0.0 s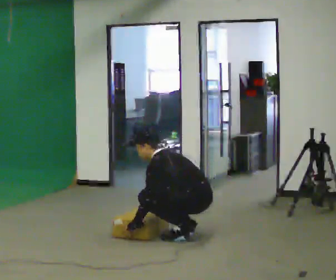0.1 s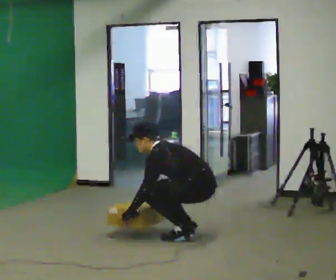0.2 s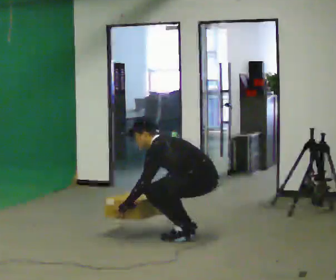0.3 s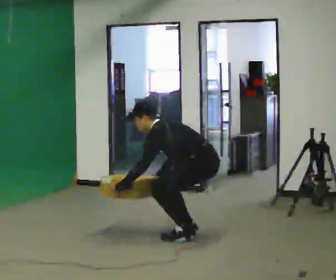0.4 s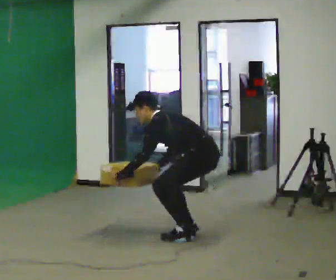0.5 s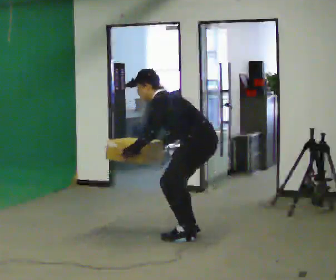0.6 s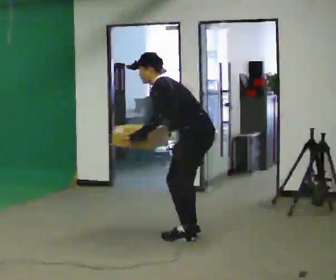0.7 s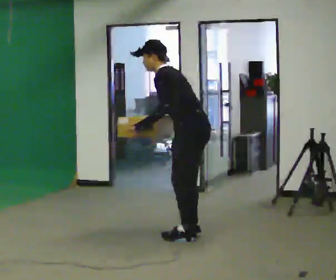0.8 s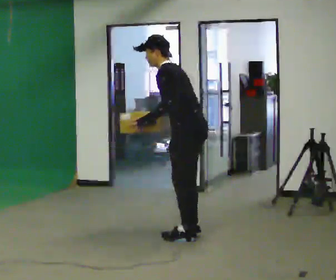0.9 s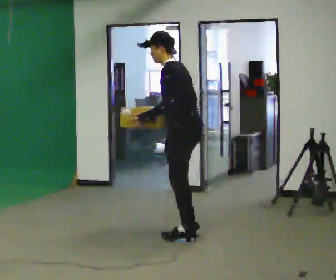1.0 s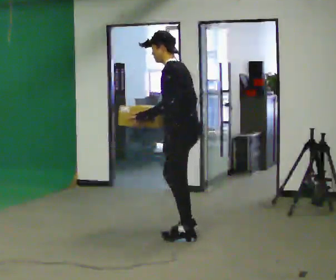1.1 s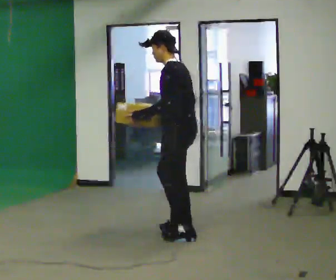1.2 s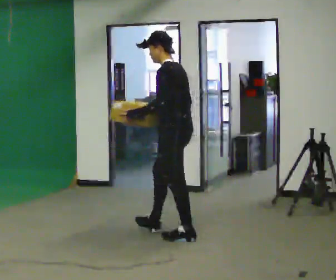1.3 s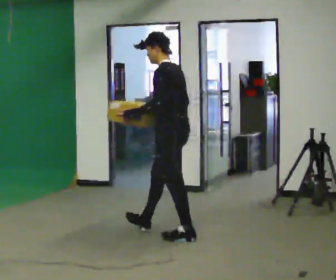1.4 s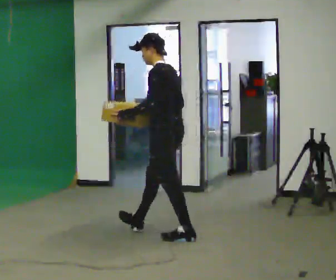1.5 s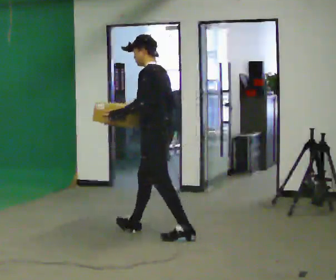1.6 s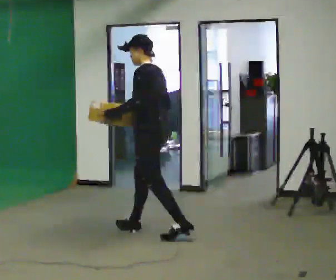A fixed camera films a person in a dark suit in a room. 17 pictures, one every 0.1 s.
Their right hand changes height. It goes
upward.
Their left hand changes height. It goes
upward.
0.0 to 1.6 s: In the picture they go to the left, about 0.5 m in 1 step, which for them is forward. The upper body goes upward. In the picture the upper body tilts clockwise, shoulders to the right, as they lean back or straighten. In the picture their left hand goes upward.
The film runs forward here.
